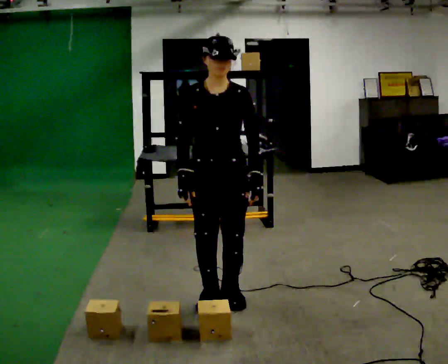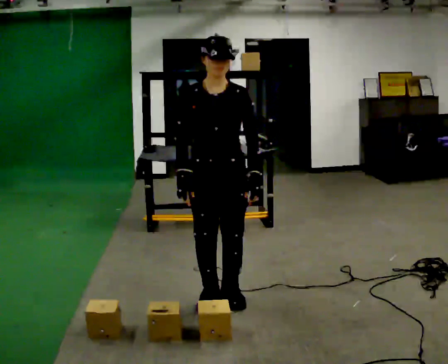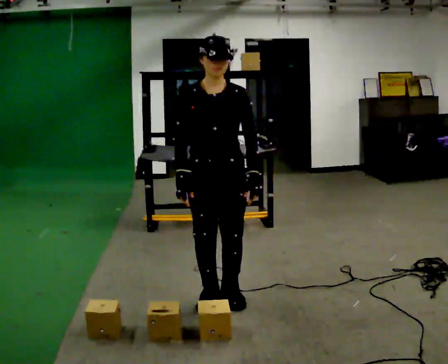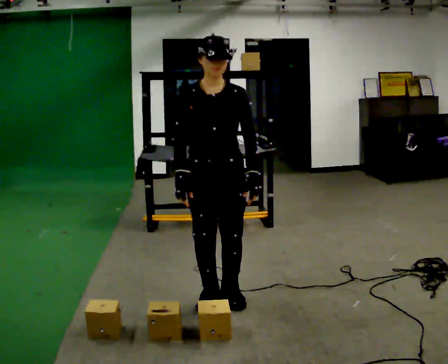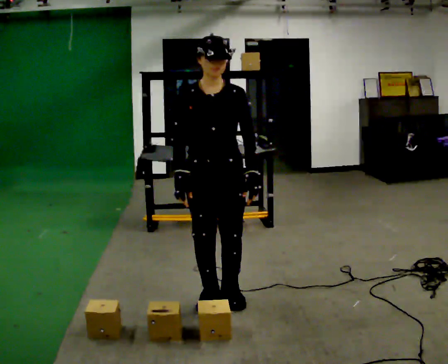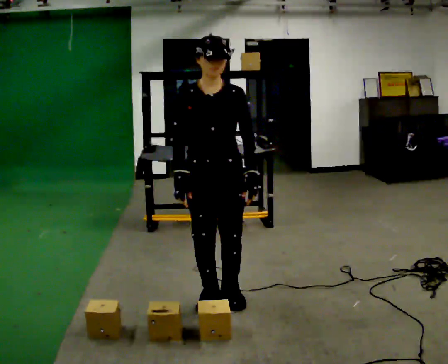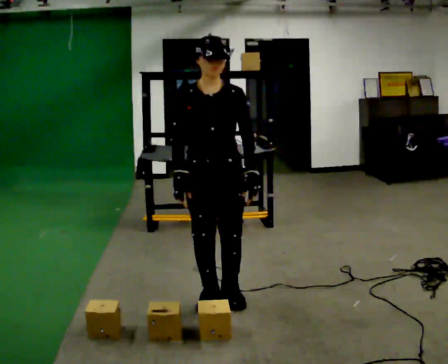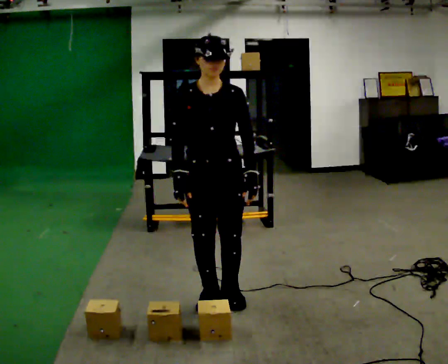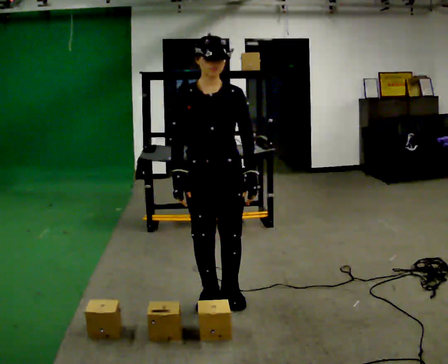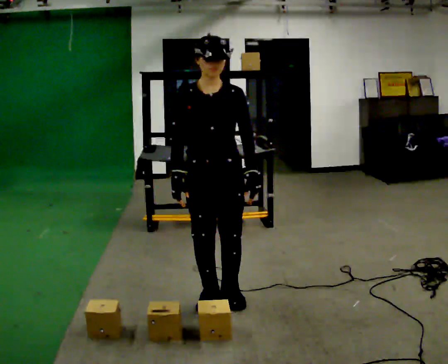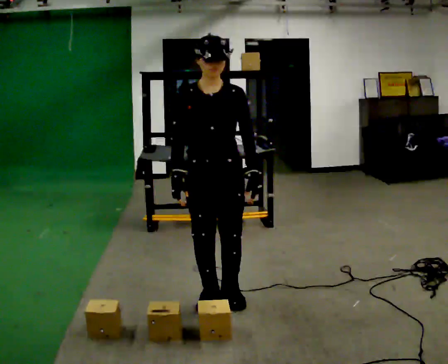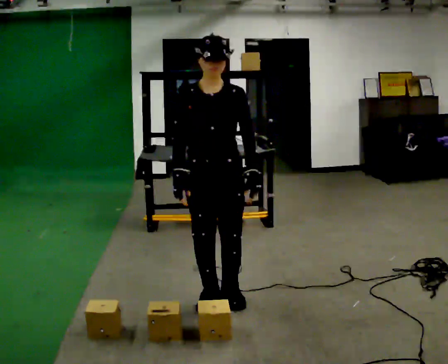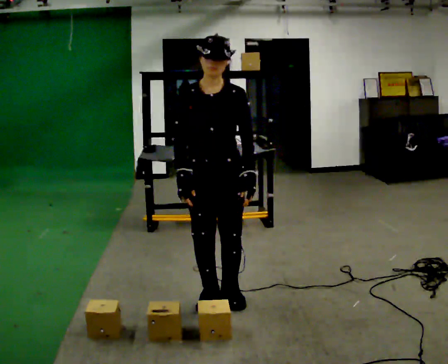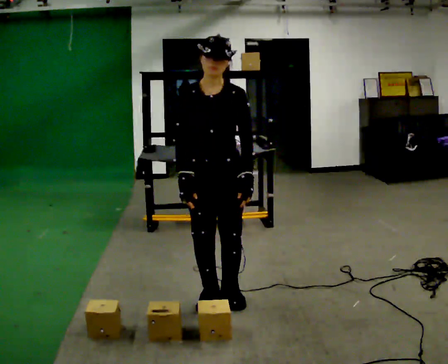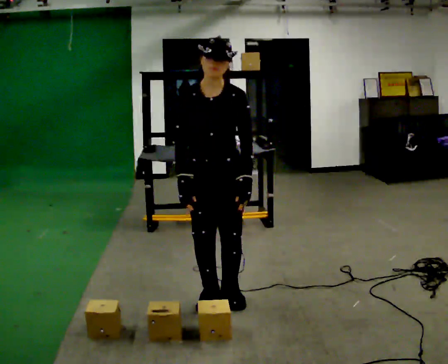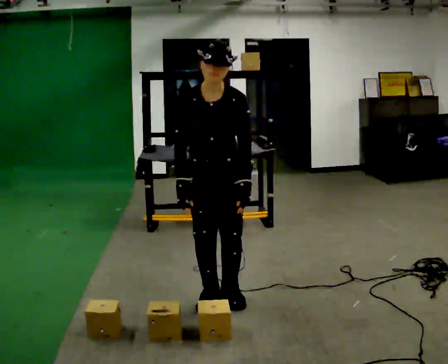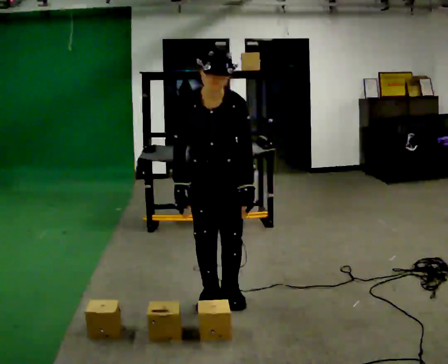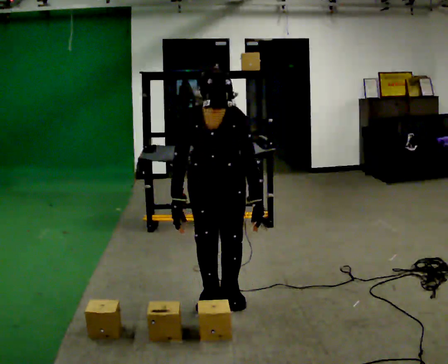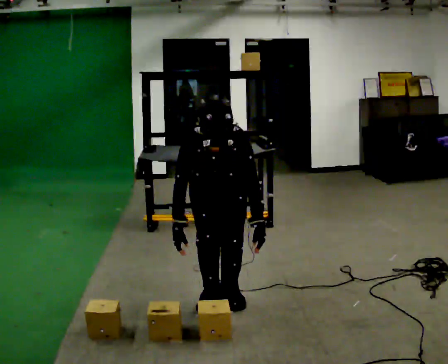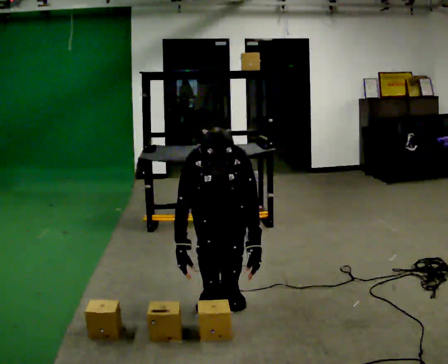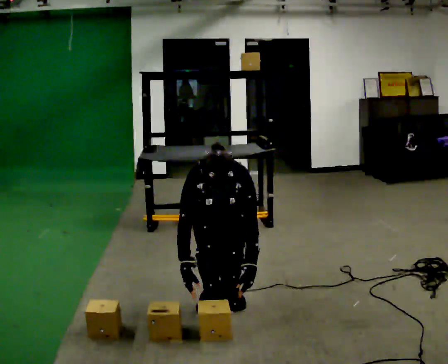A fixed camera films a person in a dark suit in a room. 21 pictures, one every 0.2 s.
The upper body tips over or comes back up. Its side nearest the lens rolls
downward.
The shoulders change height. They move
downward.
0.0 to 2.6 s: The person moves a little, or ends about where they began.
2.6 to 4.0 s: The shoulders move downward. The upper body tips toward the camera, its near side rolling downward, as they bend forward. In the picture their right hand goes downward.
The film runs backward here.
